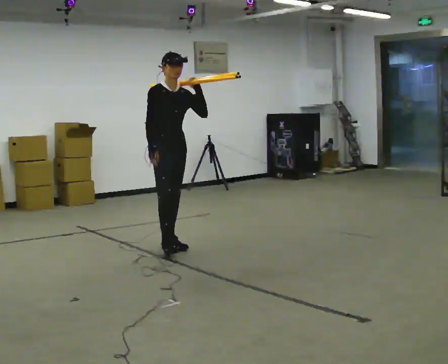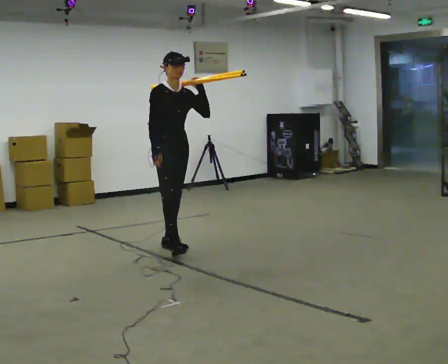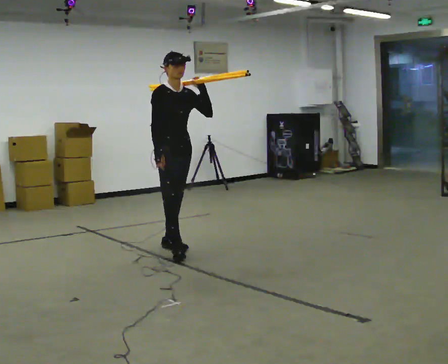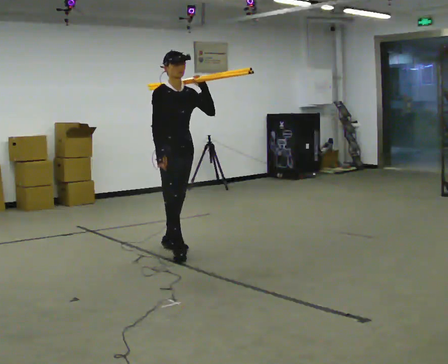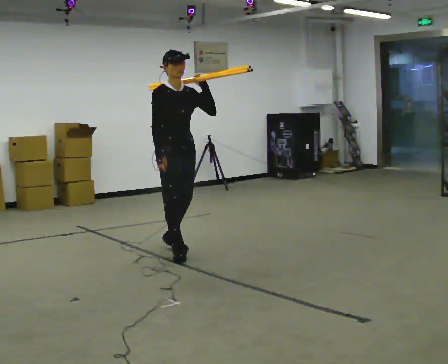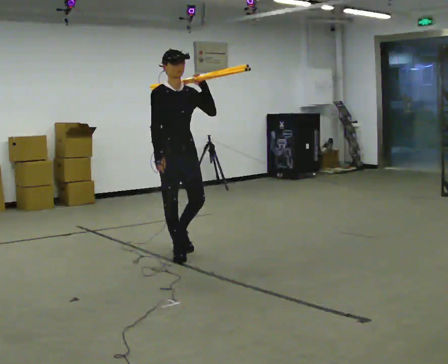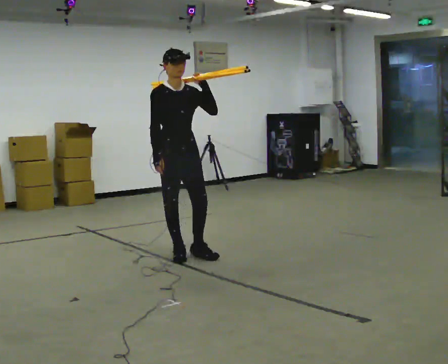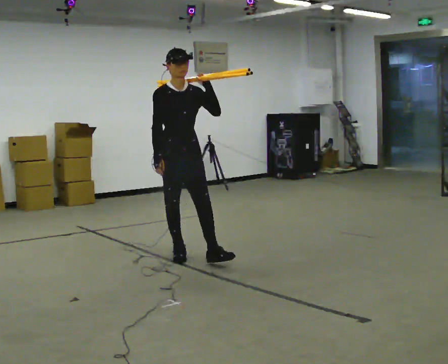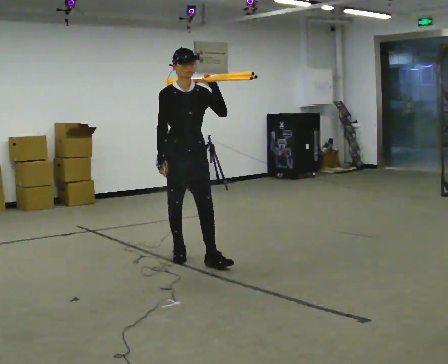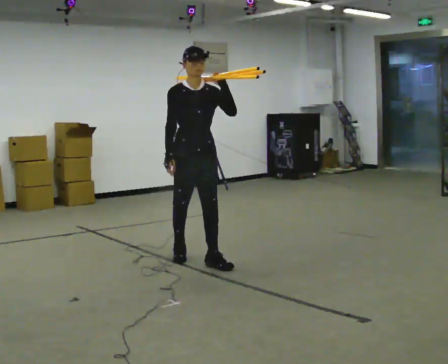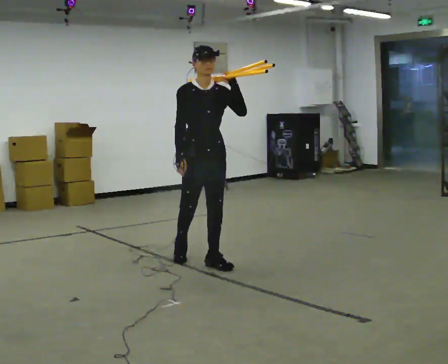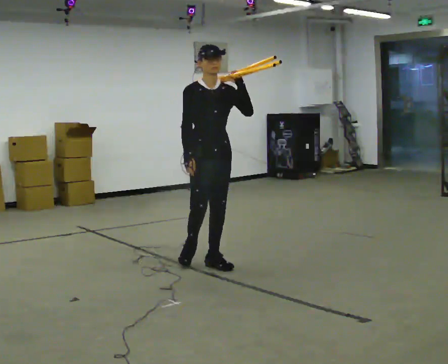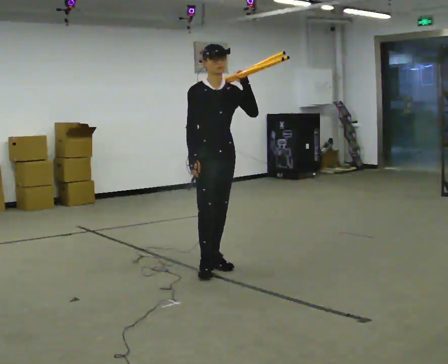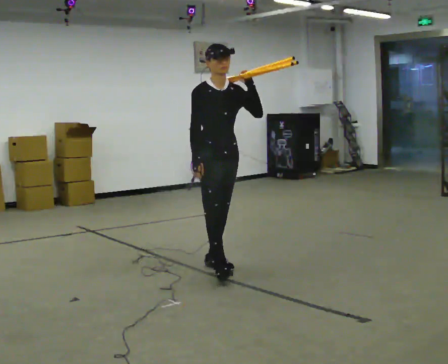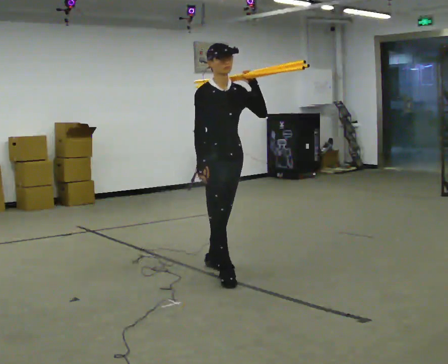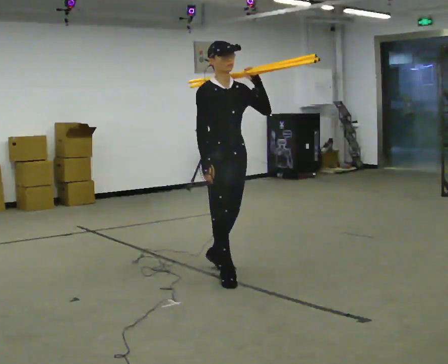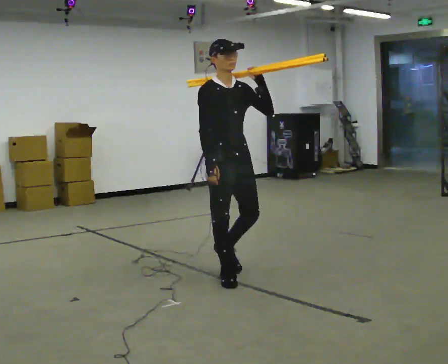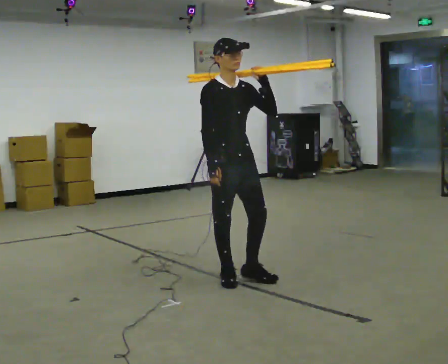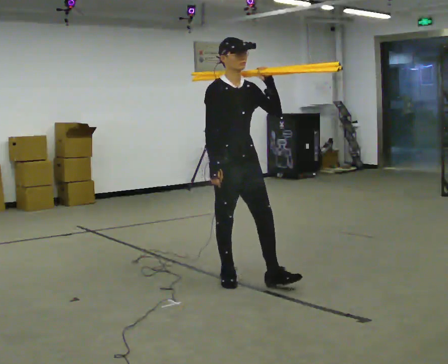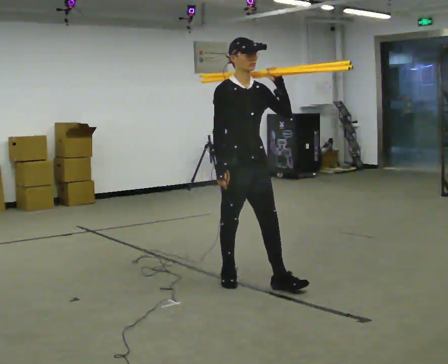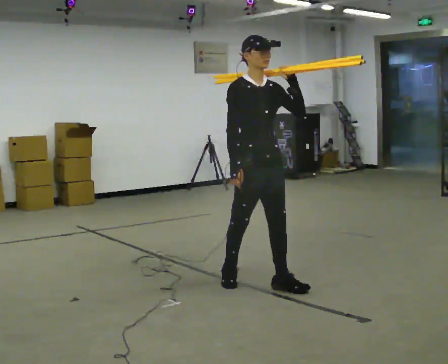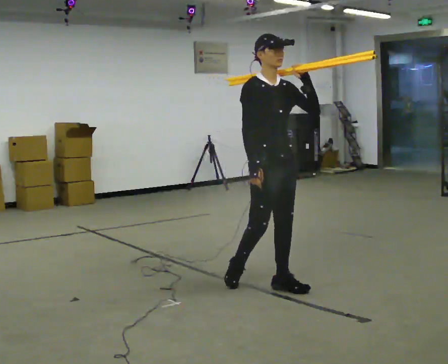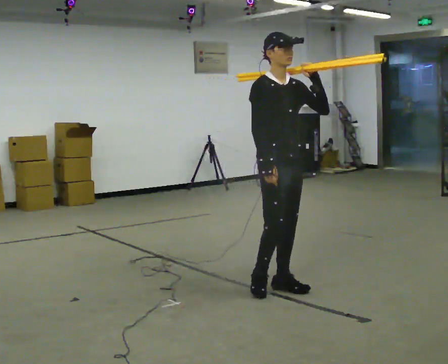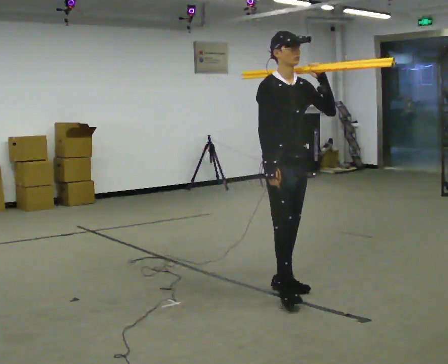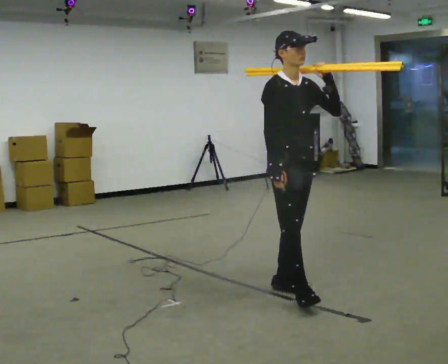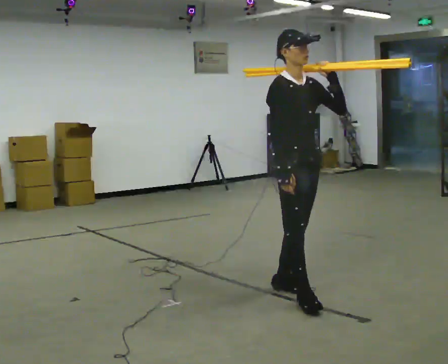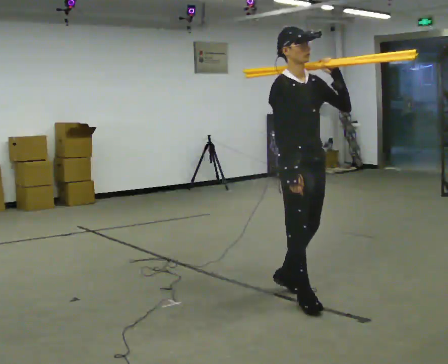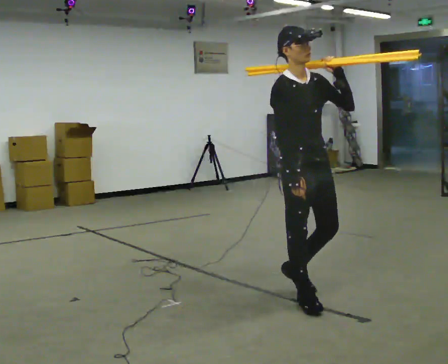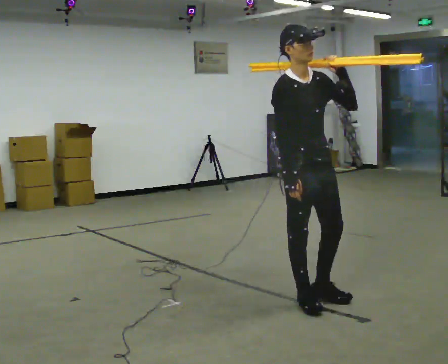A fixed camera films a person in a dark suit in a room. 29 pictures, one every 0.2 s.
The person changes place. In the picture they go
toward the camera.
0.0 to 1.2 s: In the picture they go toward the camera, about 0.5 m in 1 step, which for them is forward and to their right.
1.2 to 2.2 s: In the picture they go to the right and toward the camera, about 0.25 m in 1 step, which for them is forward and to their left.
2.2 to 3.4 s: In the picture they go toward the camera, about 0.5 m in 1 step, which for them is forward.
3.4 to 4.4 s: In the picture they go to the right and toward the camera, about 0.5 m in 1 step, which for them is forward and to their left.
4.4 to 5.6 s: In the picture they go toward the camera, about 0.25 m in 1 step, which for them is forward.
The film runs forward here.
